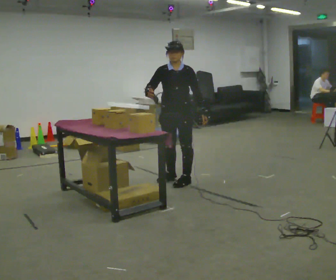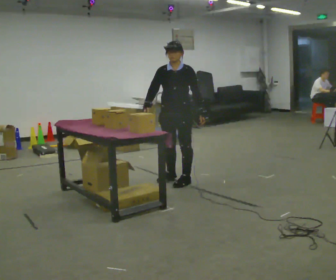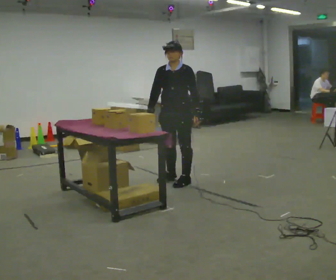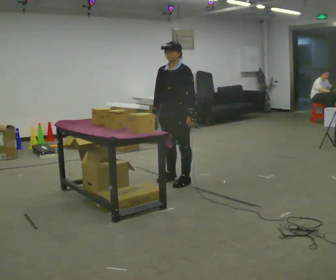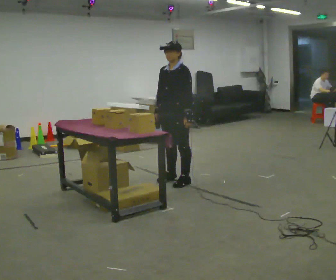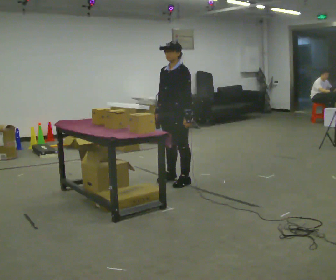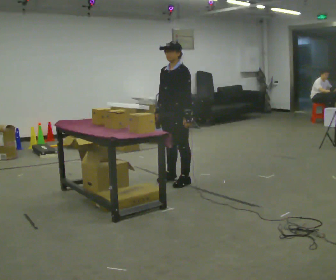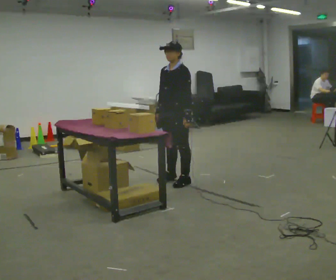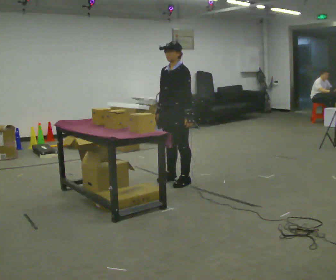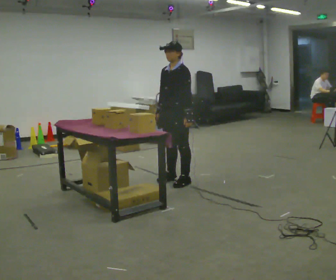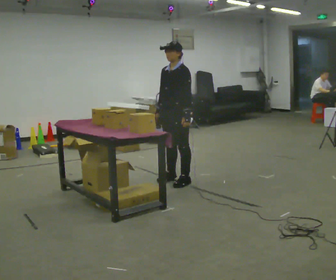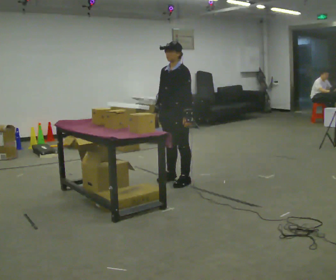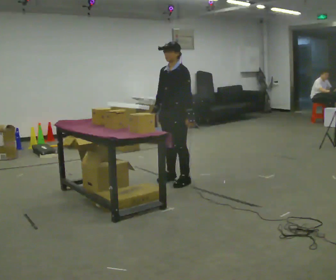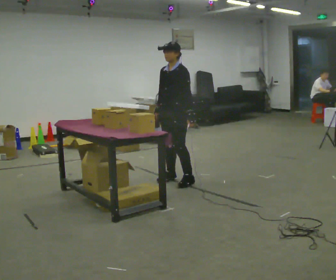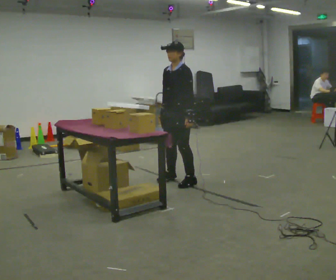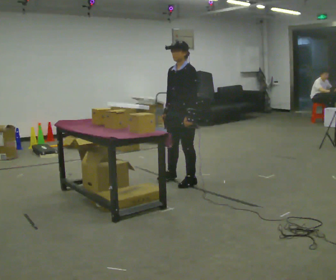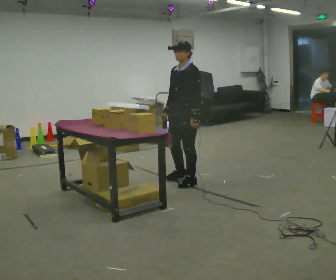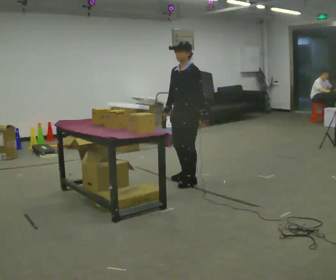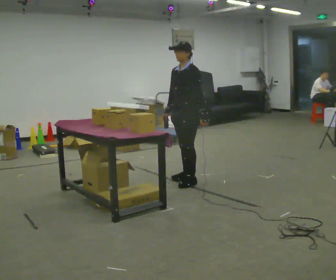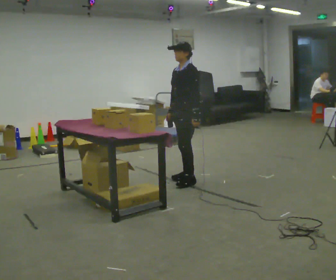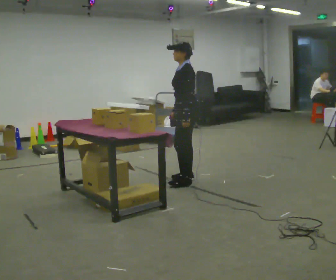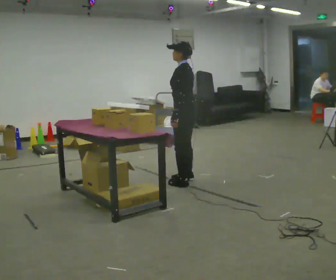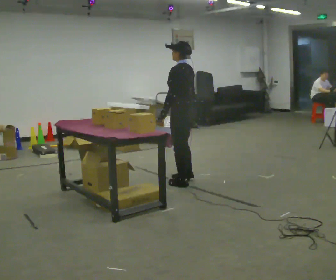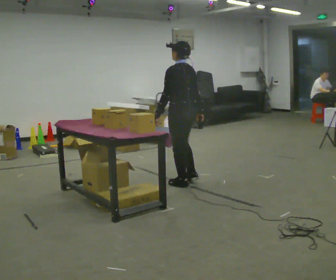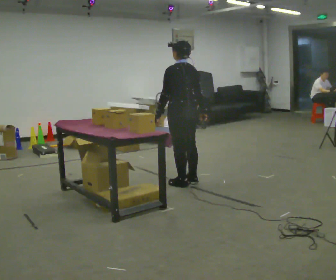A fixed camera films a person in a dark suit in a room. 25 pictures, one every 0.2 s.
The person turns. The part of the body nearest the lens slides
to the left.
The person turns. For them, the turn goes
to their right.
0.0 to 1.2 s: The person turns about 45 degrees to their right, clockwise seen from above, so the part of the body nearest the lens slides to the left.
1.2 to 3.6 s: The person moves a little, or ends about where they began.
3.6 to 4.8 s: The part of the body nearest the lens slides to the left as the person turns to their right by about 90 degrees. In the picture their right hand goes to the right, the arm swinging counterclockwise.
The film runs backward here.
